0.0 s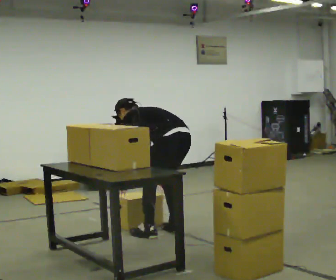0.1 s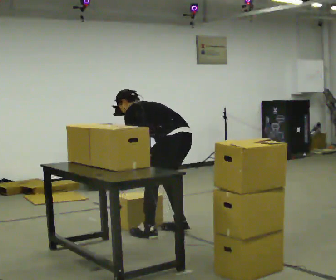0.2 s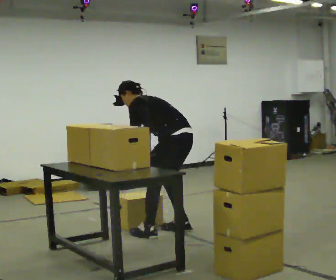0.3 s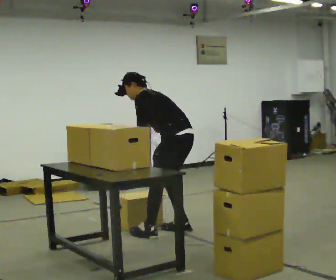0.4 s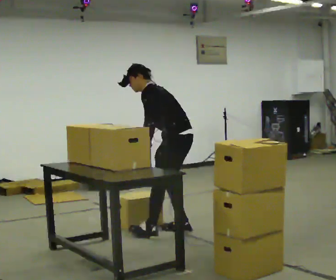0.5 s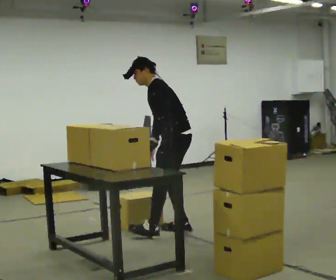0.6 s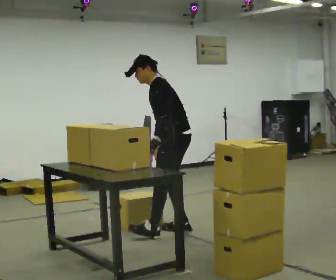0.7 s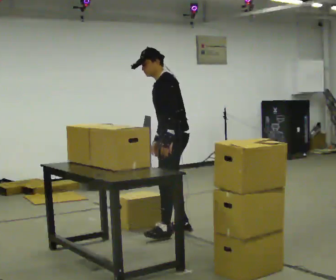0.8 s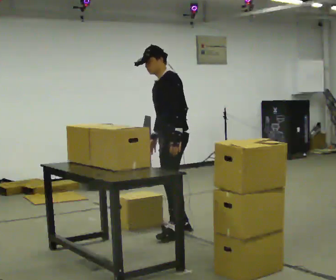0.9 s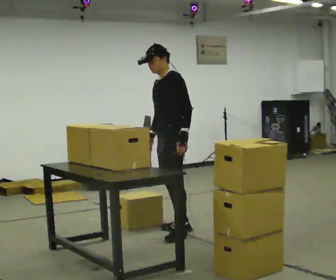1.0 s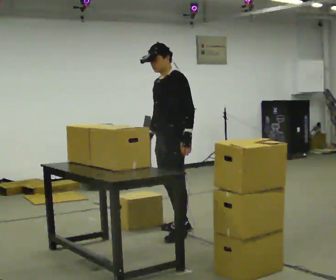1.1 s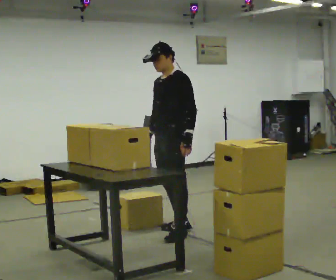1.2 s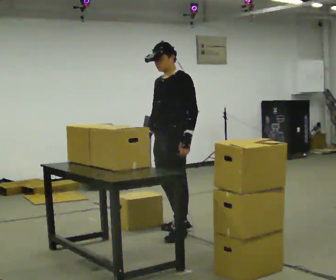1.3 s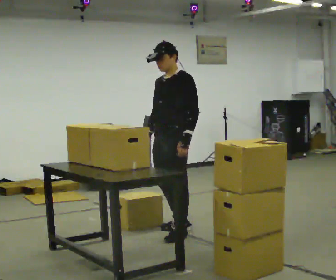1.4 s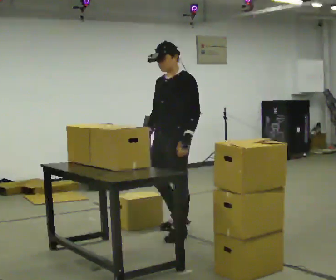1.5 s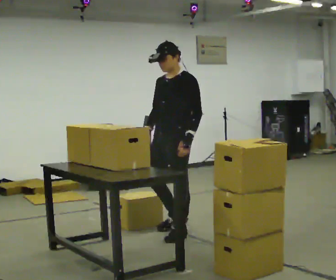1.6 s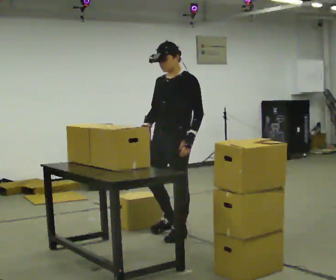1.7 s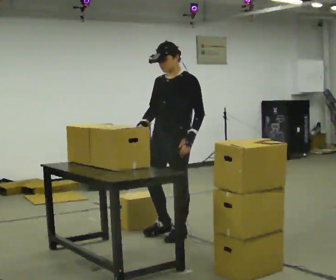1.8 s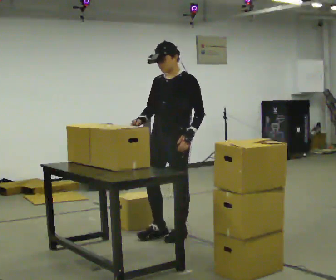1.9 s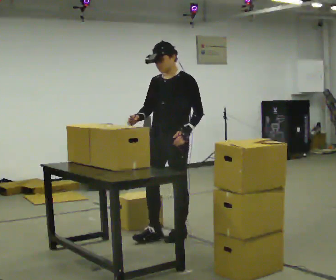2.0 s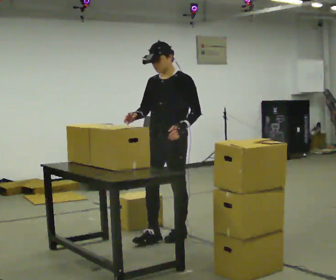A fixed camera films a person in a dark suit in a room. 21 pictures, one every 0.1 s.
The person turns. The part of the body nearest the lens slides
to the right.
The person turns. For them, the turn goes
to their left.
0.0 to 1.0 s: Seen from above the body turns counterclockwise, about 75 degrees: to their left, with its near side sliding to the right. The shoulders move upward. The upper body tips toward the camera, its near side rolling downward, as they lean back or straighten. In the picture their right hand goes upward.
1.0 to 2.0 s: The person turns about 30 degrees to their left, counterclockwise seen from above, so the part of the body nearest the lens slides to the right. In the picture they go toward the camera, about 0.25 m in 1 step, which for them is forward.
The film runs forward here.
